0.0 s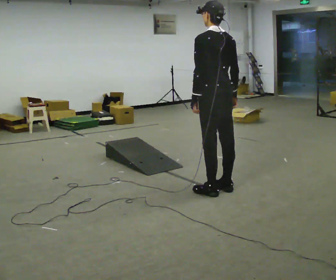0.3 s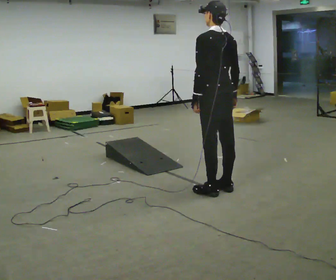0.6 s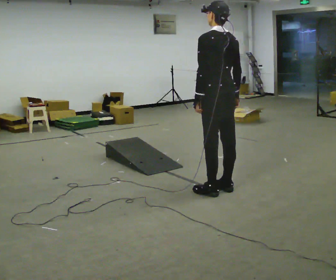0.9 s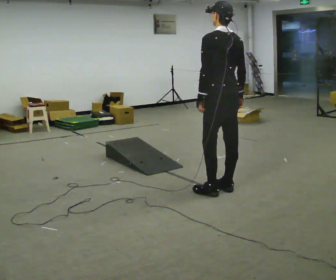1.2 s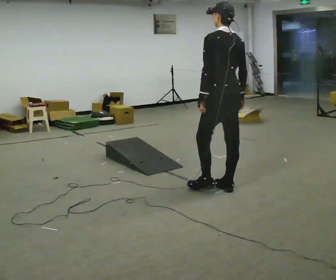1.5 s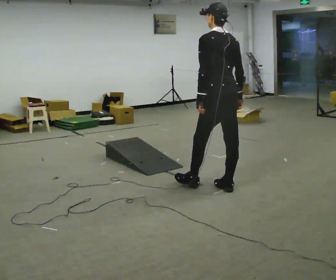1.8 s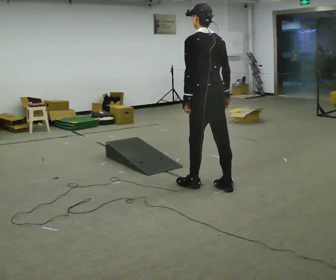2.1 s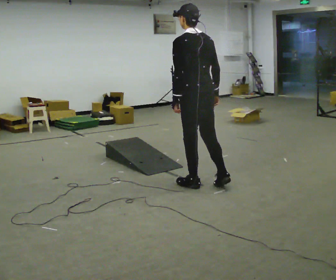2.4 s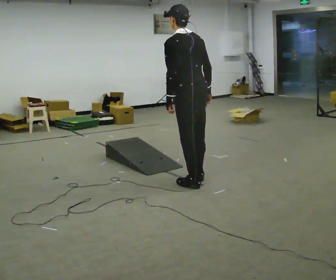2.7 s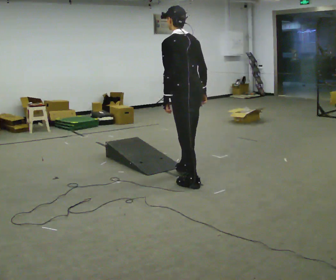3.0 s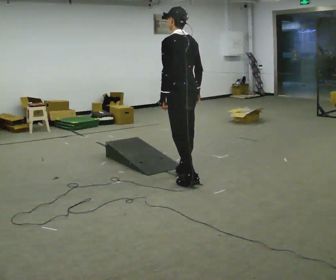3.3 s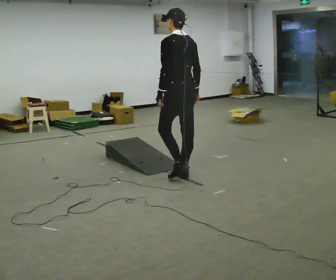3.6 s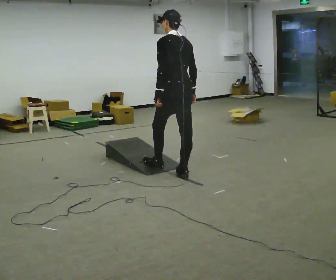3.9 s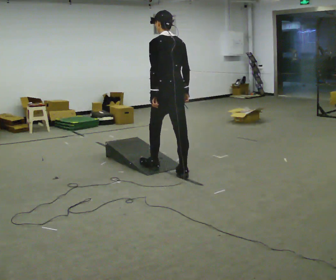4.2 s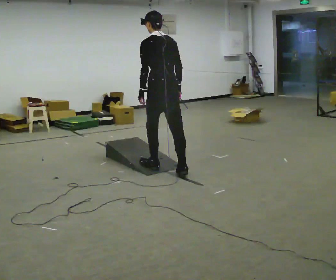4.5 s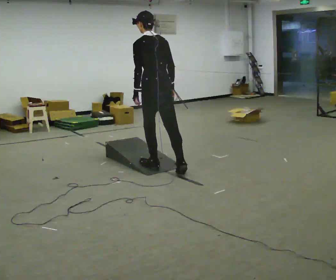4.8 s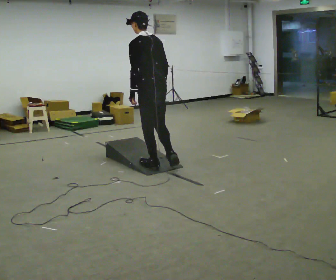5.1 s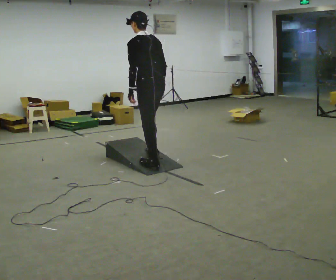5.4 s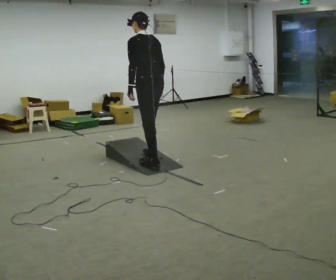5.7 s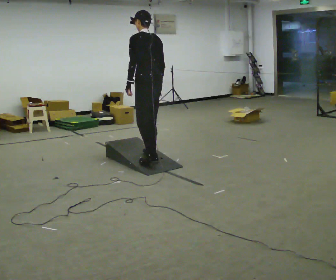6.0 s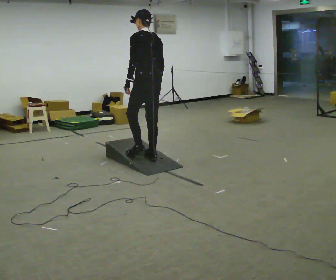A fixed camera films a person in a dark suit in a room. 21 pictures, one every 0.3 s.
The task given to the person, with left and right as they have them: Walk up the ramp, turn at the top, and walk back down at a comfortable speed.
0.0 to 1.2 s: The person moves a little, or ends about where they began.
1.2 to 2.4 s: In the picture they go to the left, about 0.25 m in 1 step, which for them is forward and to their left.
2.4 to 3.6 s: In the picture they go away from the camera, about 0.25 m in 1 step, which for them is forward and to their right.
3.6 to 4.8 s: In the picture they go to the left and away from the camera, about 0.25 m in 1 step, which for them is forward.
4.8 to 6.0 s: In the picture they go away from the camera, about 0.25 m in 1 step, which for them is forward.
The film runs forward here.
